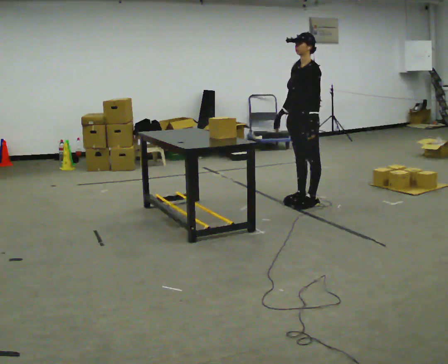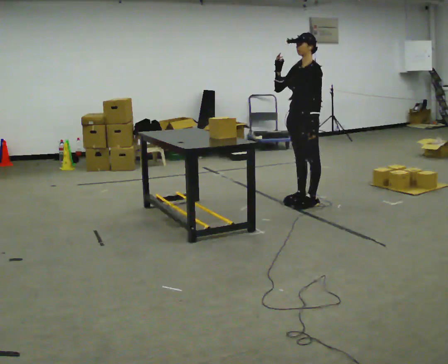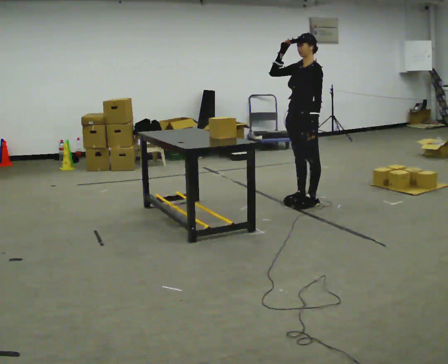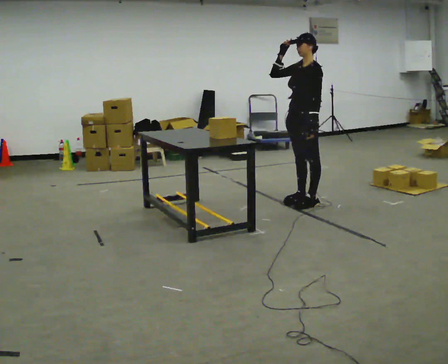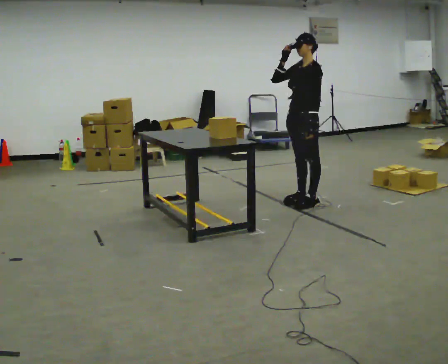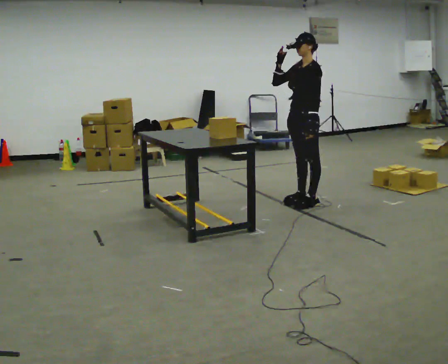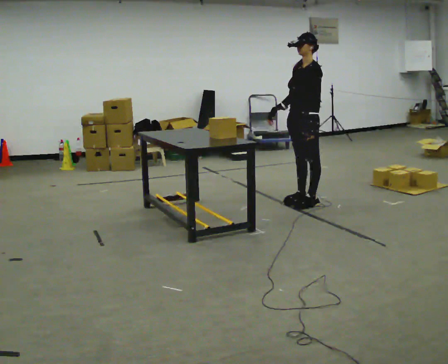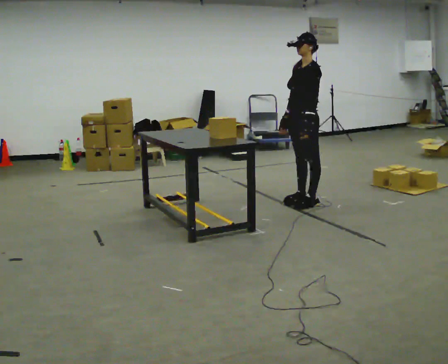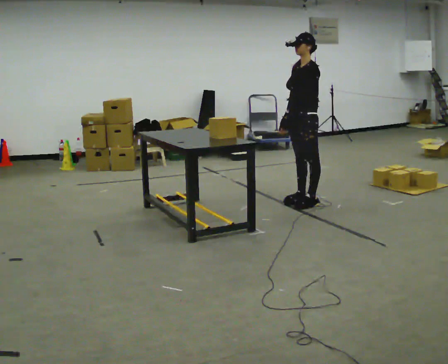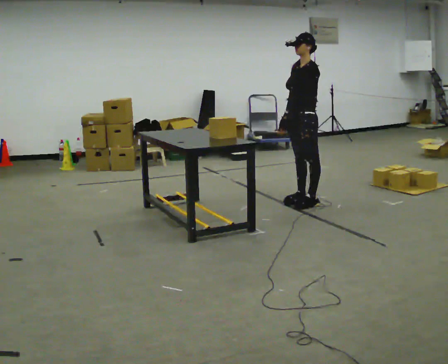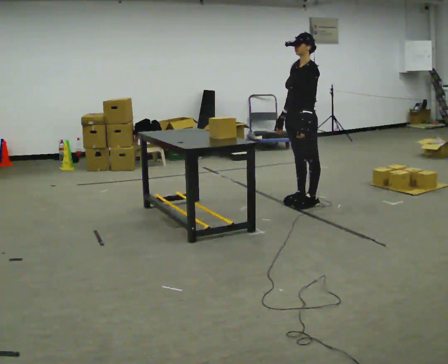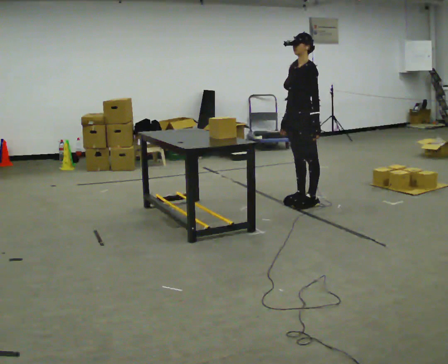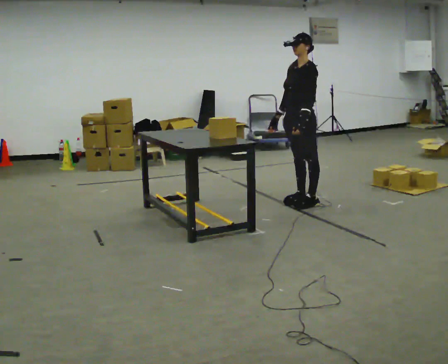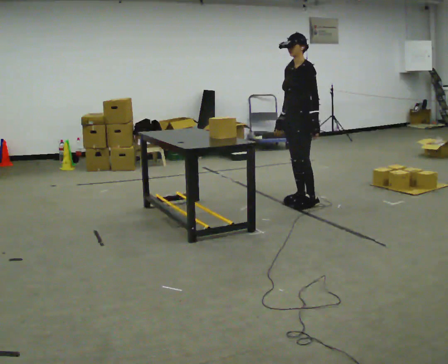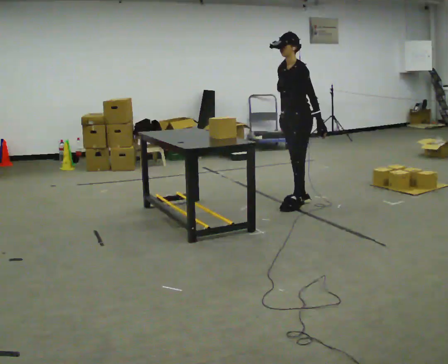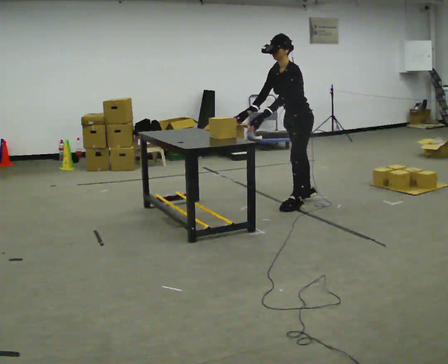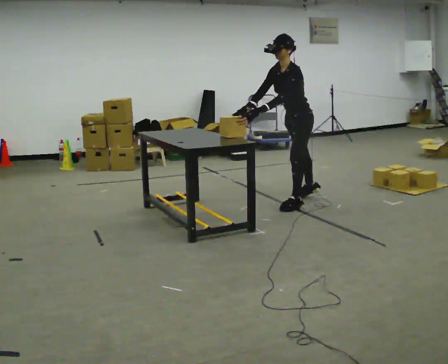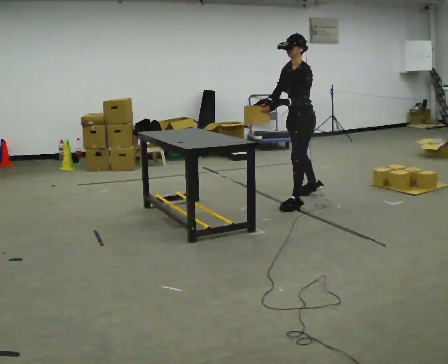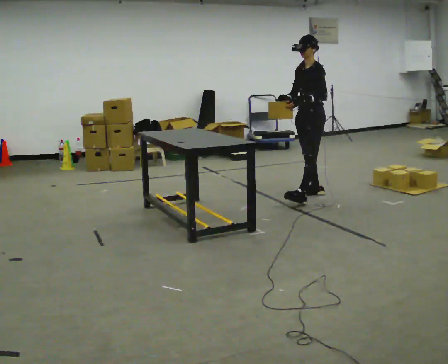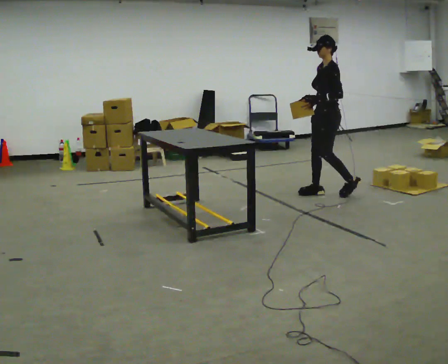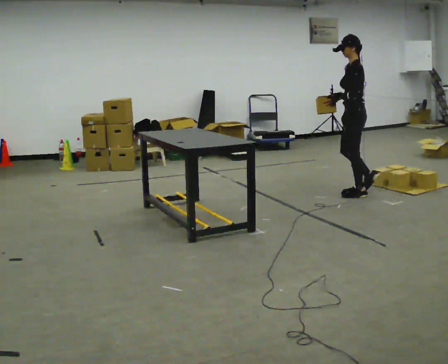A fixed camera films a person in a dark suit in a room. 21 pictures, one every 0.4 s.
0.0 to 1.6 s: In the picture their right hand goes upward.
1.6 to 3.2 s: In the picture their right hand goes downward.
3.2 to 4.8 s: The person moves a little, or ends about where they began.
4.8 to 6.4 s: The upper body tips toward the camera, its near side rolling downward, as they bend forward.
6.4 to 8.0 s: The person turns about 30 degrees to their right, clockwise seen from above, so the part of the body nearest the lens slides to the left. In the picture they go to the right and away from the camera, about 0.75 m in 2 steps, which for them is backward. The upper body tips away from the camera, its near side rolling upward, as they lean back or straighten.
The film runs backward here.
